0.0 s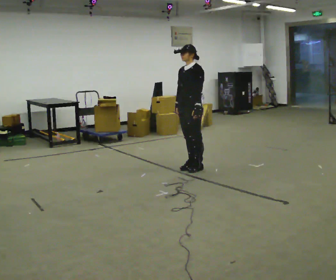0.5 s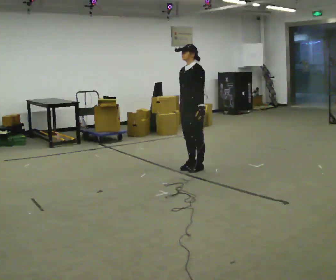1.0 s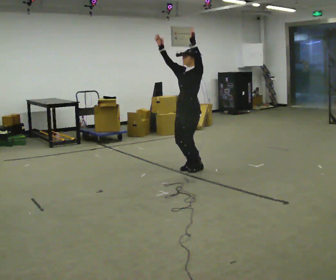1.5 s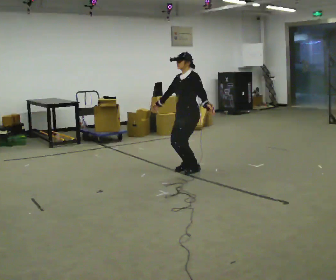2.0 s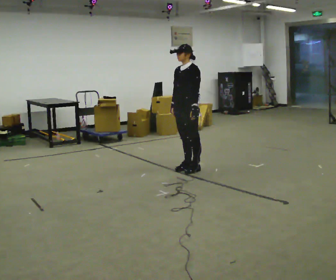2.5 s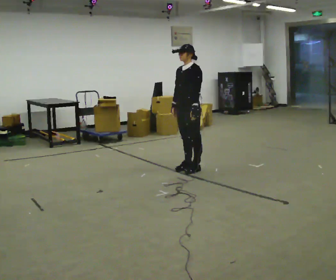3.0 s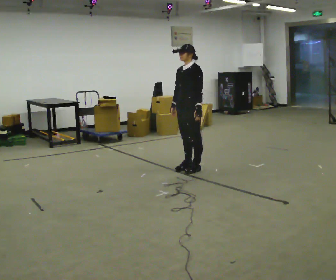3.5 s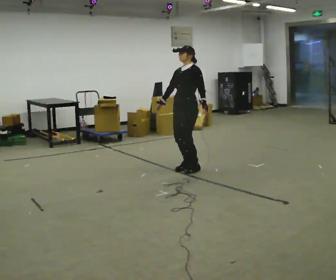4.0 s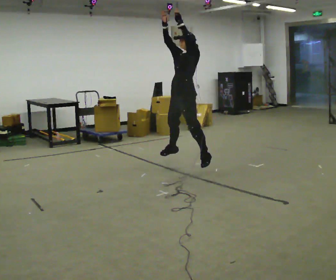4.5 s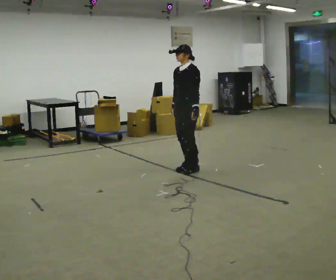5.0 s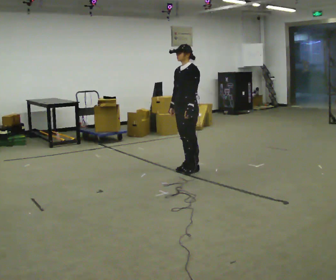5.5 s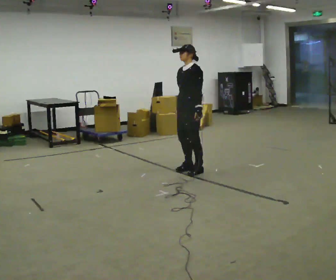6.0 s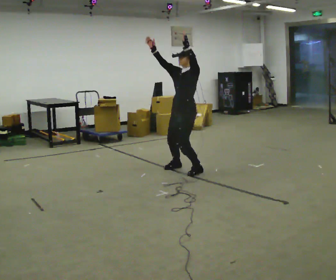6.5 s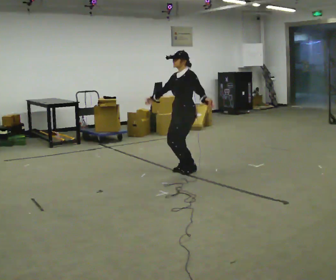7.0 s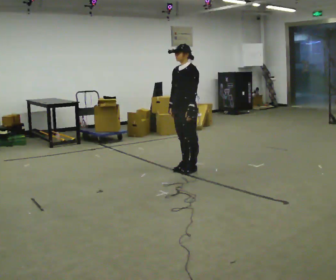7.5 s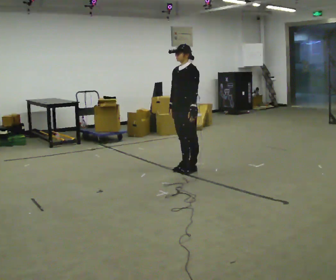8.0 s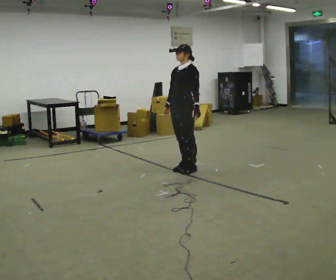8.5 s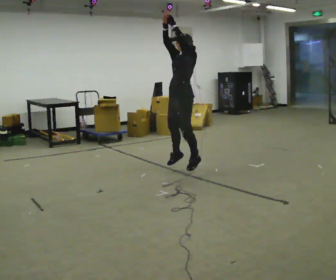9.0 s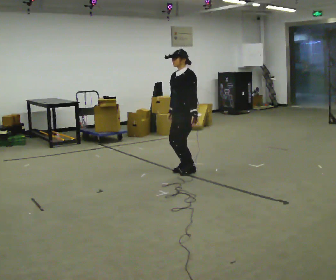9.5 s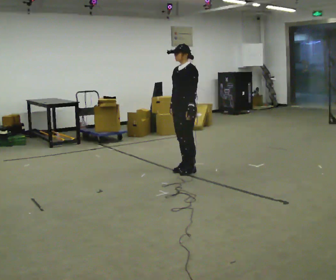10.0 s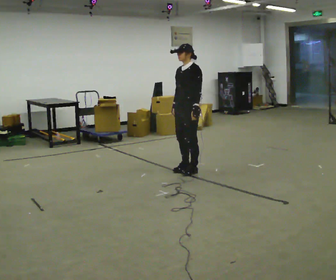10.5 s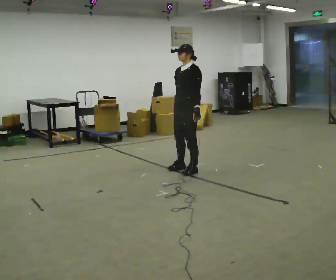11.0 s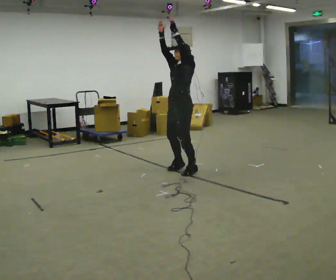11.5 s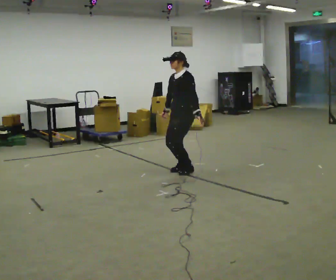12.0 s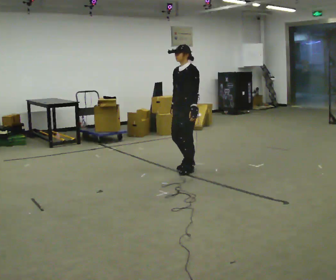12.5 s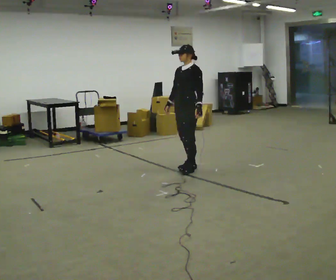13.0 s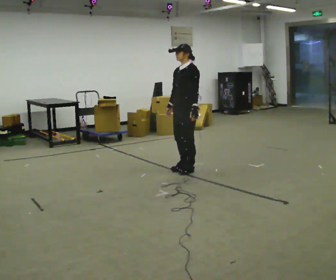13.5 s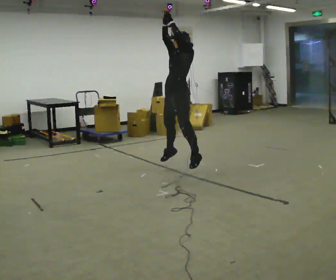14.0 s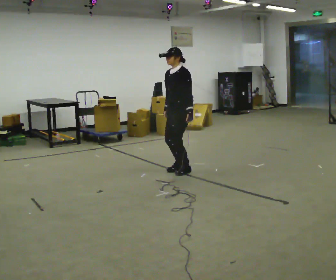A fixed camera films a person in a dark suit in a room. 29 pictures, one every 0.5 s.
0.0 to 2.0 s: The person moves a little, or ends about where they began.
2.0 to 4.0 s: In the picture their right hand goes upward, the arm swinging clockwise.
4.0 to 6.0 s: In the picture their right hand goes downward.
6.0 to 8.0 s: In the picture their right hand goes downward.
8.0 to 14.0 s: The person moves a little, or ends about where they began.
The film runs backward here.
